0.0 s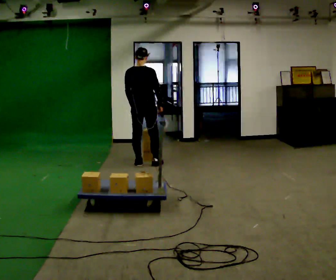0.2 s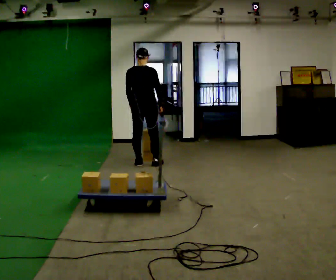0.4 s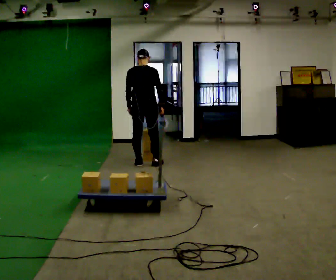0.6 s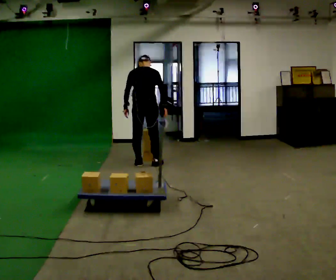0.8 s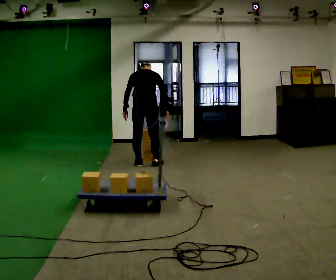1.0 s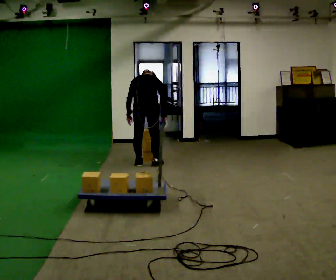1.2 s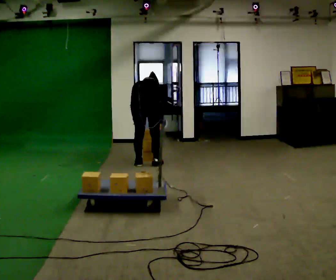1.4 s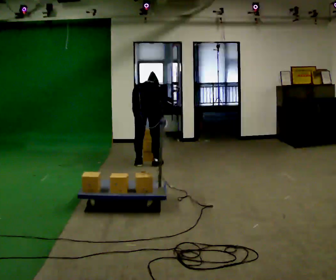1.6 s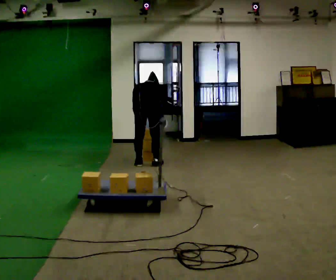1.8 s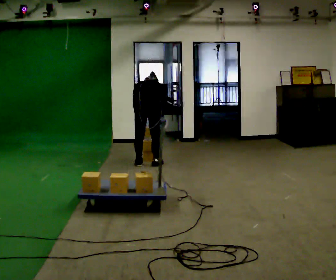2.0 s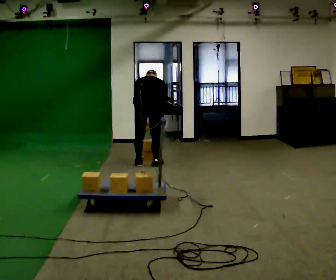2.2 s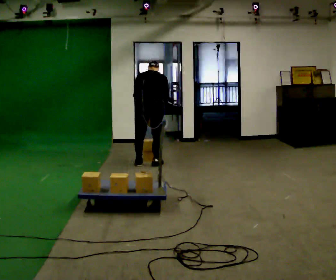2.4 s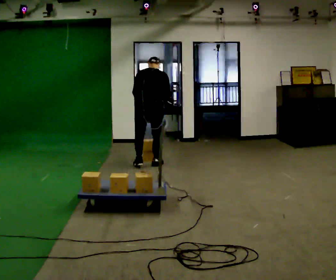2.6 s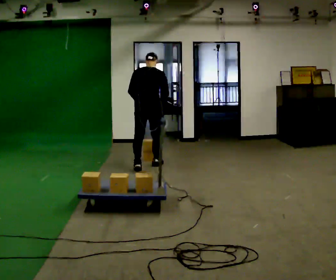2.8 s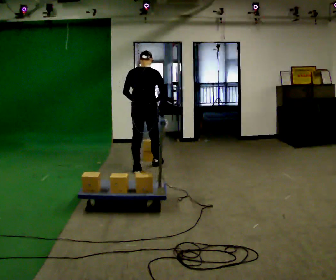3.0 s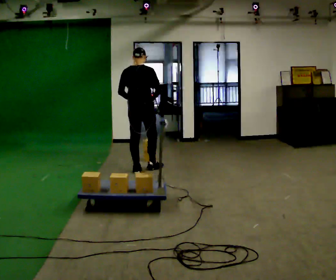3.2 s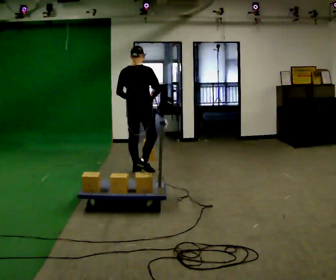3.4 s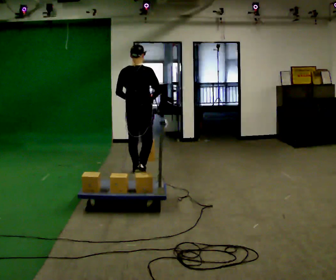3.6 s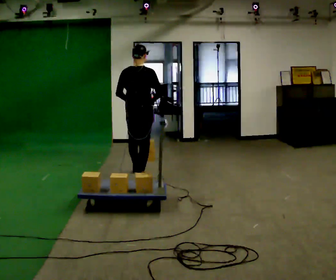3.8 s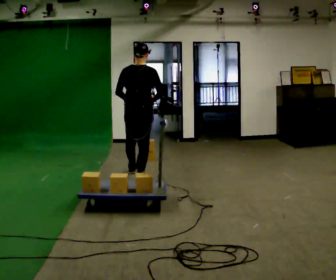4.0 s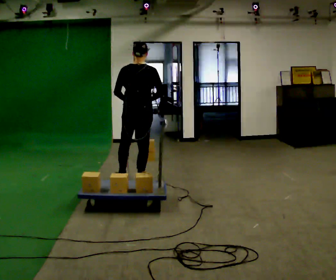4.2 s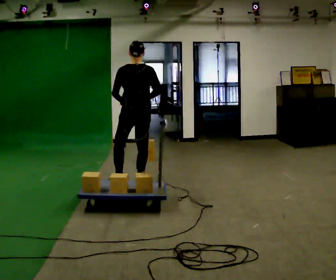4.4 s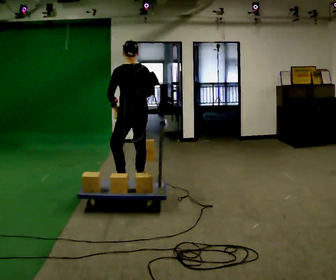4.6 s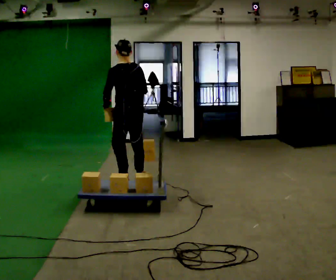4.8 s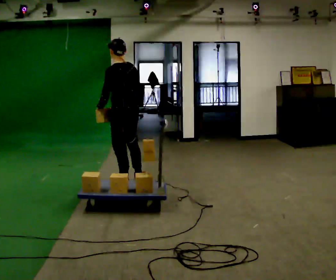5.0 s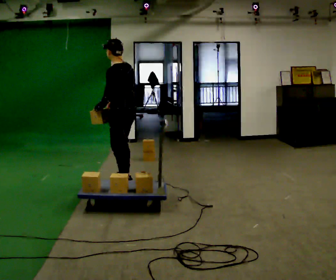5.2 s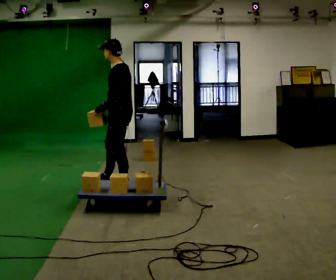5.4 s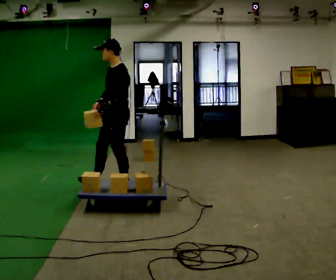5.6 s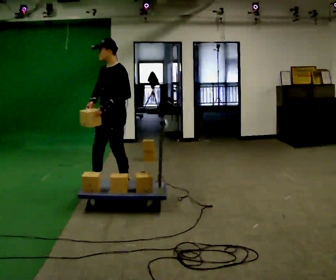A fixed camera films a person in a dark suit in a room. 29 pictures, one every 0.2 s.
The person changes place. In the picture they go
toward the camera.
0.0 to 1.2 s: In the picture they go toward the camera, about 0.25 m, which for them is backward. The upper body goes downward. The upper body tips away from the camera, its near side rolling upward, as they bend forward.
1.2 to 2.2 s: The person moves a little, or ends about where they began.
2.2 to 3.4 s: In the picture they go toward the camera, about 0.5 m in 2 steps, which for them is backward. The upper body tips toward the camera, its near side rolling downward, as they lean back or straighten.
3.4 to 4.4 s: Seen from above the body turns counterclockwise, about 45 degrees: to their left, with its near side sliding to the right. In the picture they go toward the camera, about 0.5 m in 1 step, which for them is backward.
4.4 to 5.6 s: Seen from above the body turns counterclockwise, about 90 degrees: to their left, with its near side sliding to the right. In the picture they go to the left and toward the camera, about 0.25 m in 1 step.
The film runs backward here.
